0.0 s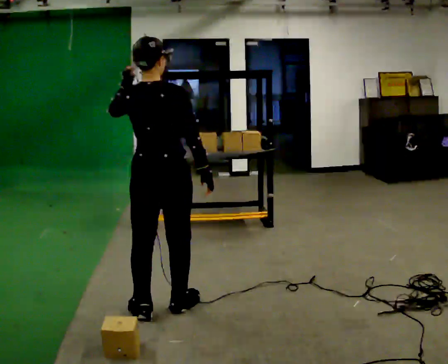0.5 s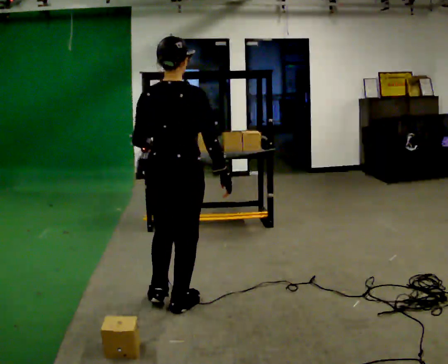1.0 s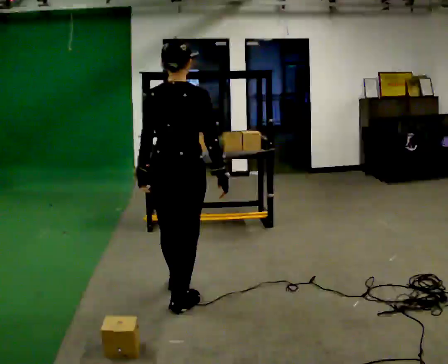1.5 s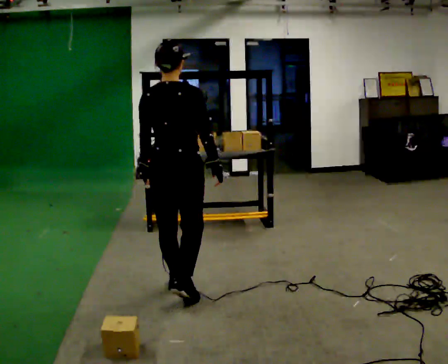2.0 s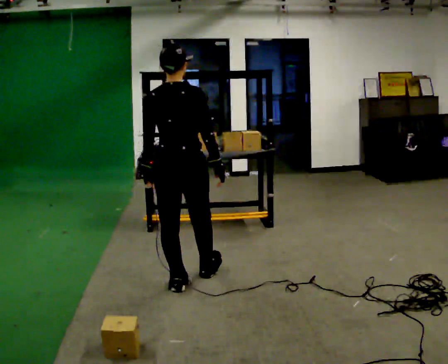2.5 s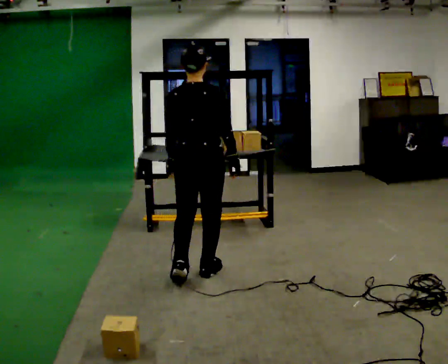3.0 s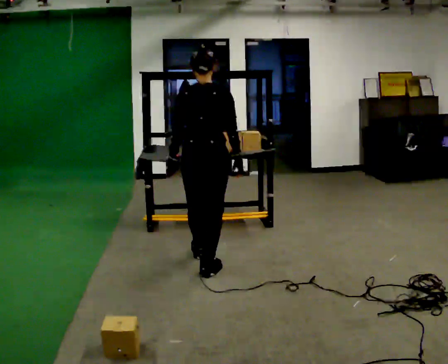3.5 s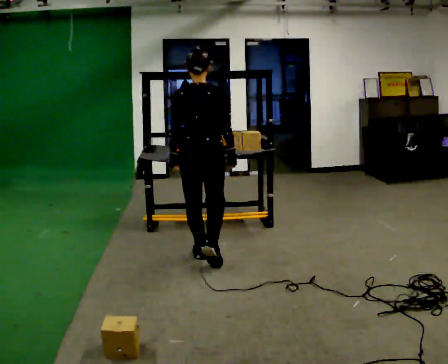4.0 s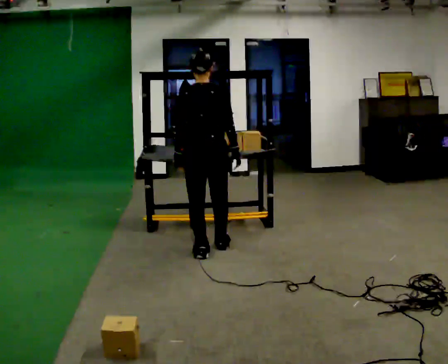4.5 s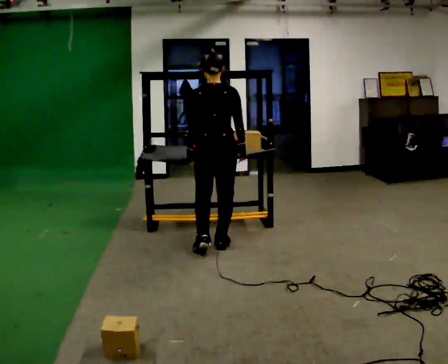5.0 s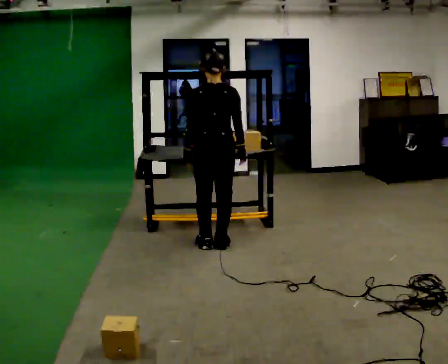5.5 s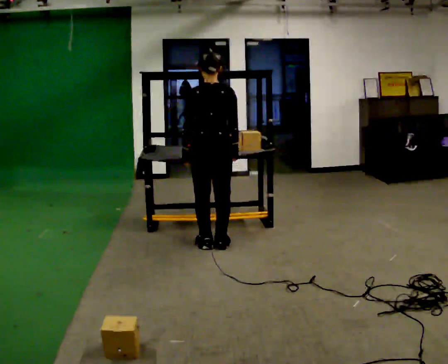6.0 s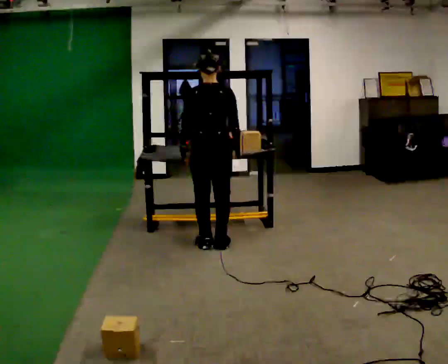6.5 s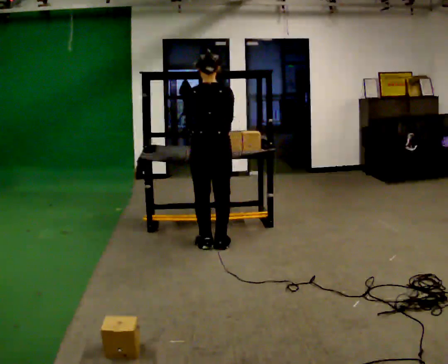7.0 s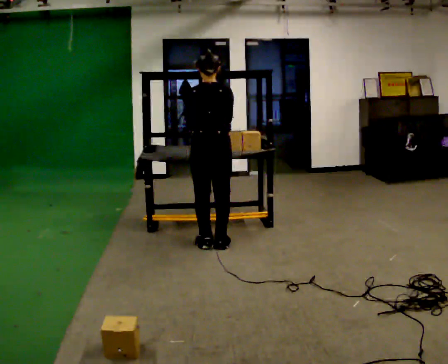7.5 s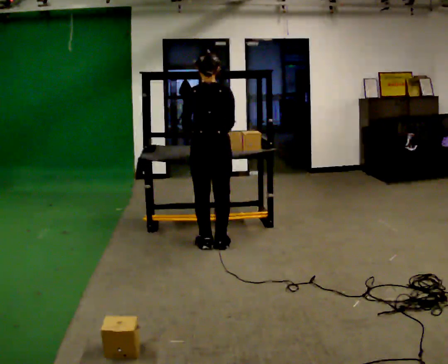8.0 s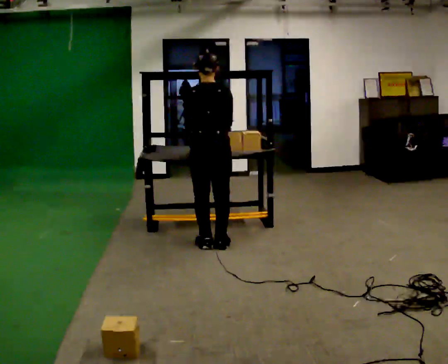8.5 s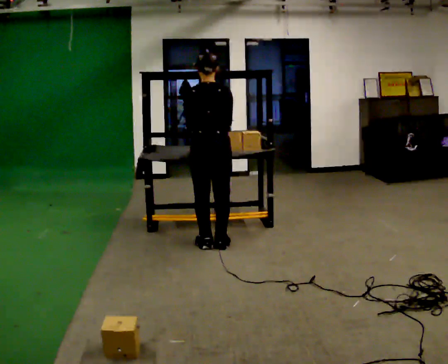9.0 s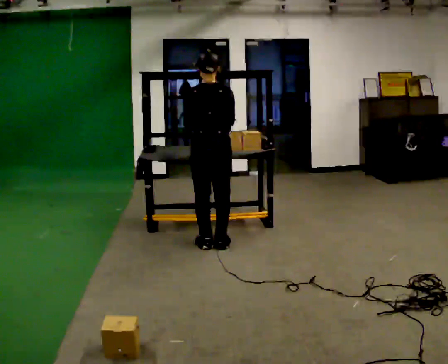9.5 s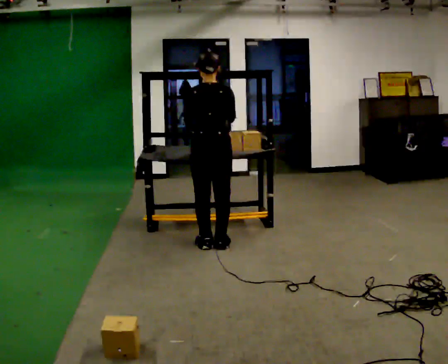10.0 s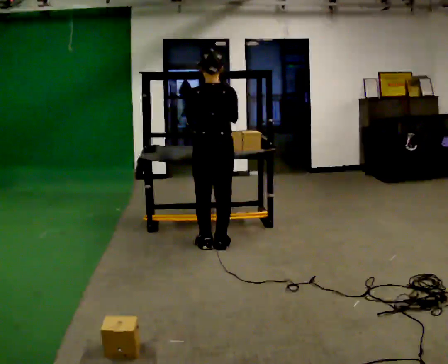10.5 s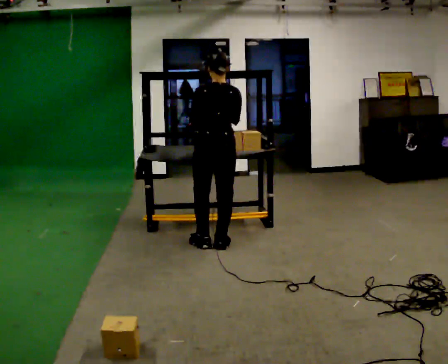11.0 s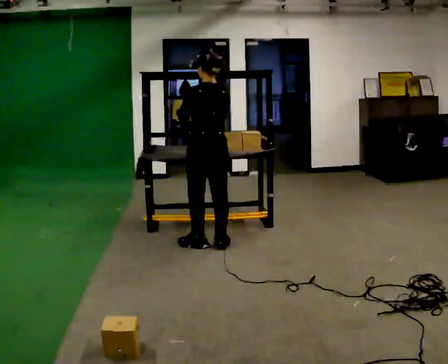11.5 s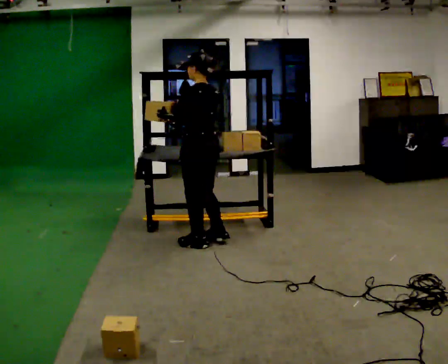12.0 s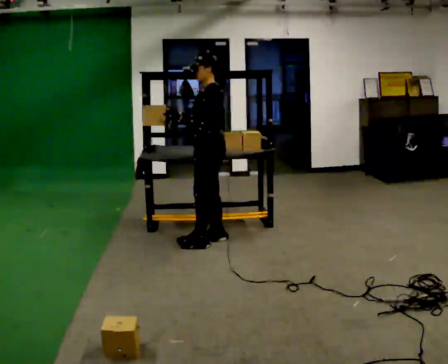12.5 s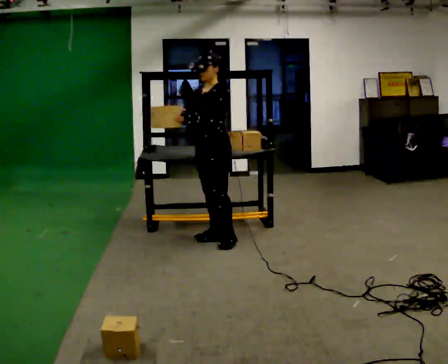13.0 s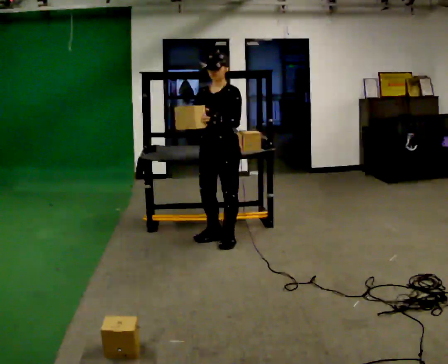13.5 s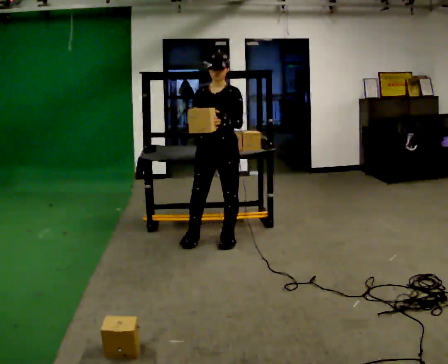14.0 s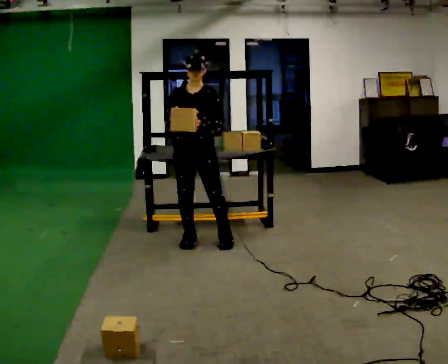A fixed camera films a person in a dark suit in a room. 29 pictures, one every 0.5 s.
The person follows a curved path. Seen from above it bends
counterclockwise.
The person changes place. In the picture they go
away from the camera.
0.0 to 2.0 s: In the picture they go away from the camera, about 0.5 m in 1 step, which for them is forward. In the picture their left hand goes downward.
2.0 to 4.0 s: In the picture they go away from the camera, about 0.5 m in 3 steps, which for them is forward.
4.0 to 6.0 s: In the picture they go away from the camera, about 0.25 m in 1 step, which for them is forward.
6.0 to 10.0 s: The person moves a little, or ends about where they began.
10.0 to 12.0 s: The part of the body nearest the lens slides to the right as the person turns to their left by about 105 degrees. In the picture their right hand goes to the left.
12.0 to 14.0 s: The person turns about 75 degrees to their left, counterclockwise seen from above, so the part of the body nearest the lens slides to the right.
The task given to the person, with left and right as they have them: Take an object off the waist-height shelf, carry it across the room, and set it down on the floor. Keep going until the operator says stop; one object at a time, and do not rush between trips.
The film runs forward here.
